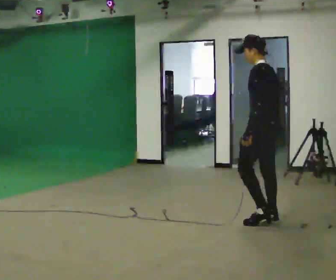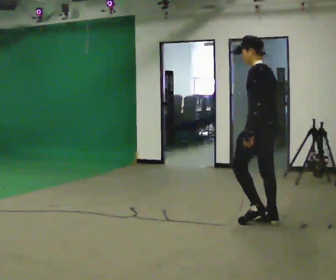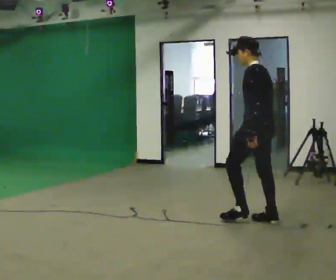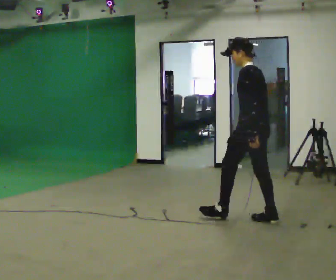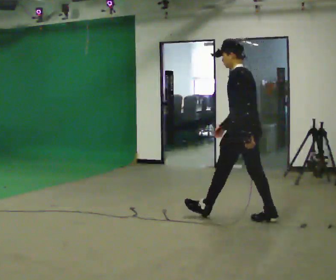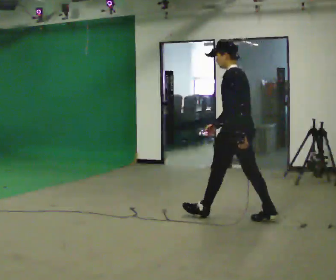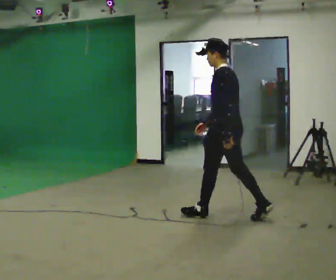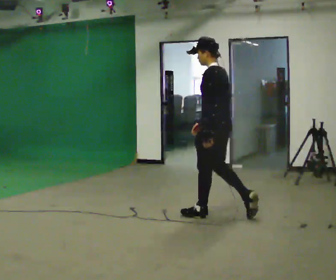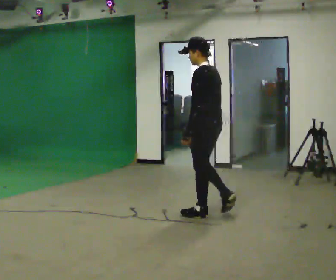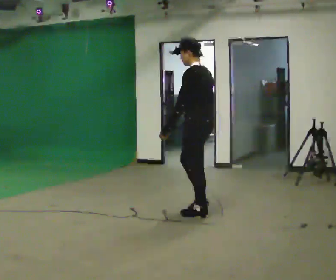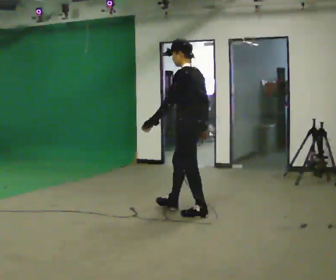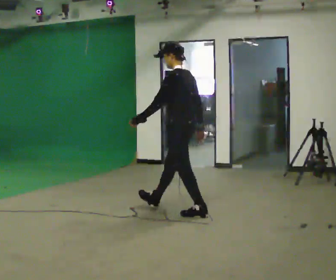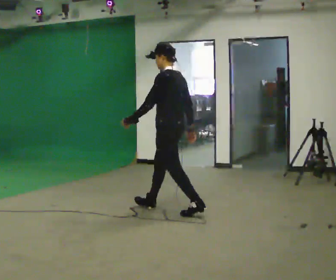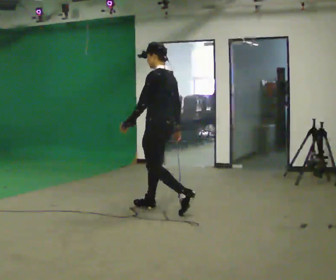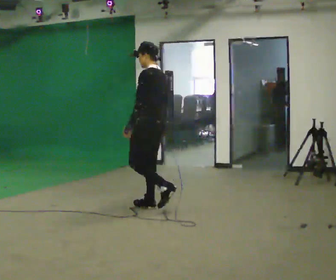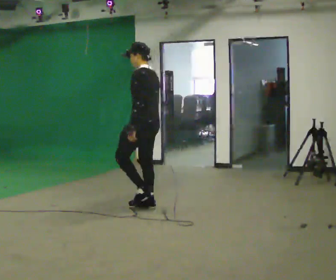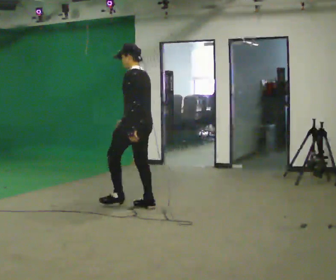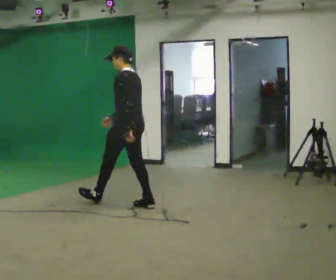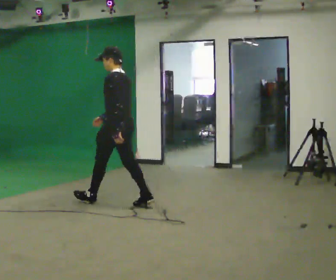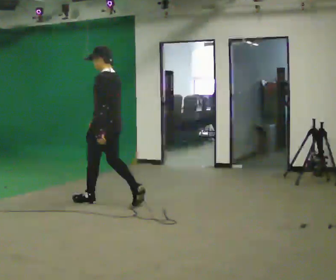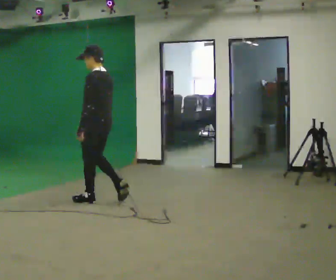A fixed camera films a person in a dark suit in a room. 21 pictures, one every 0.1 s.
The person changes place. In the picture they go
to the left.
0.0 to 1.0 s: In the picture they go to the left and away from the camera, about 1 m in 1 step, which for them is forward.
1.0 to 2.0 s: In the picture they go to the left and away from the camera, about 1 m in 2 steps, which for them is forward.
The film runs forward here.
